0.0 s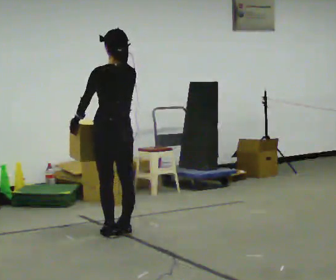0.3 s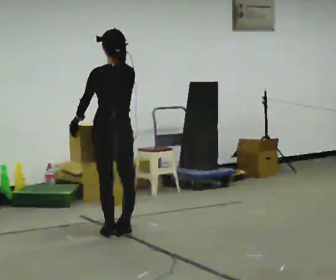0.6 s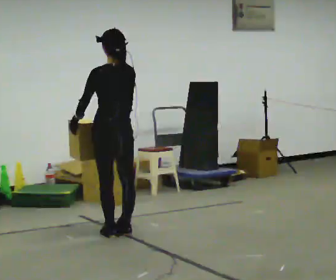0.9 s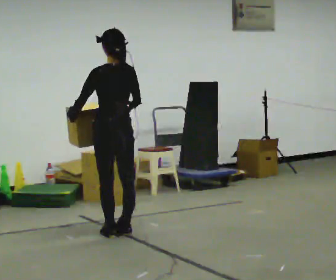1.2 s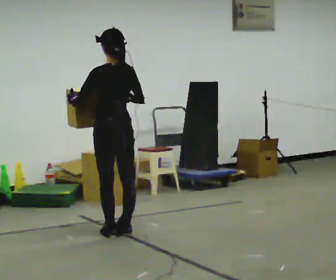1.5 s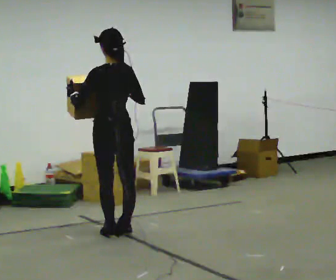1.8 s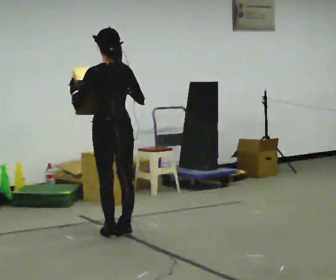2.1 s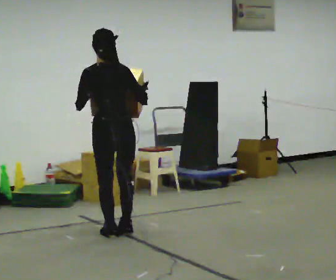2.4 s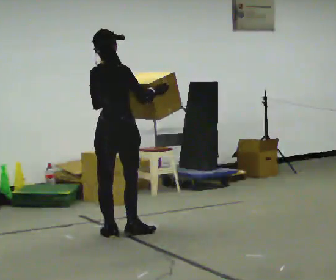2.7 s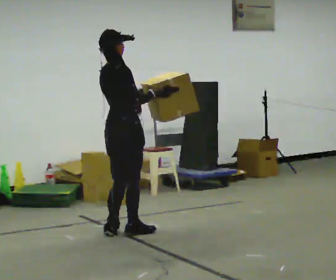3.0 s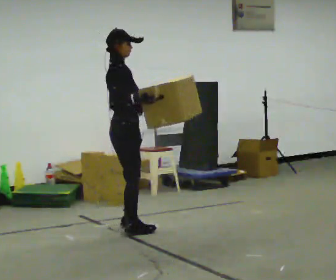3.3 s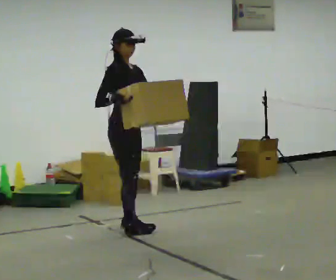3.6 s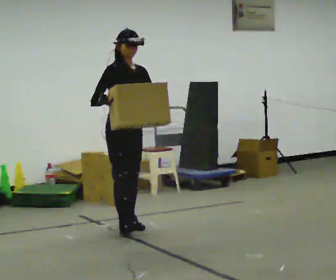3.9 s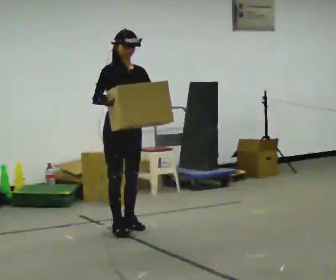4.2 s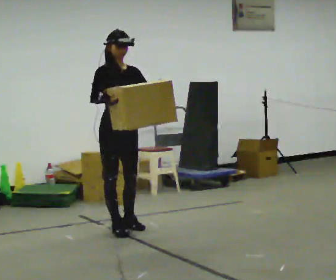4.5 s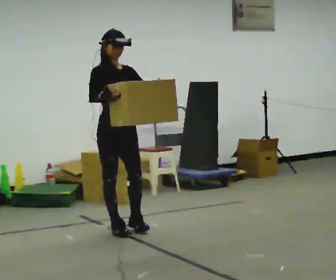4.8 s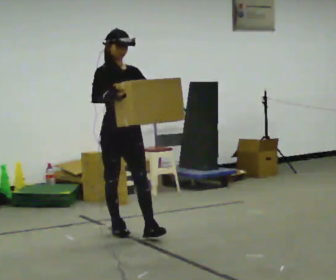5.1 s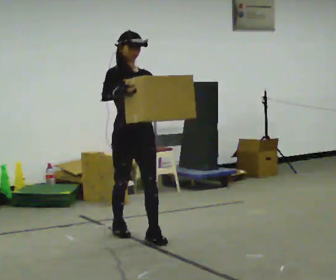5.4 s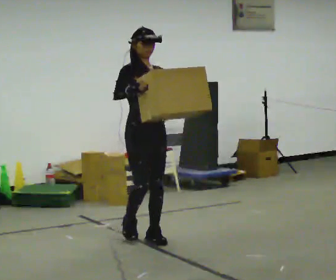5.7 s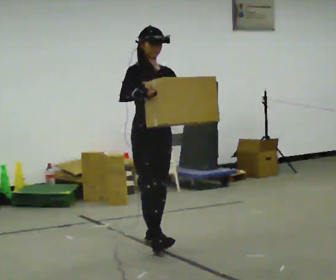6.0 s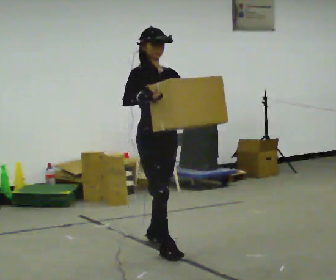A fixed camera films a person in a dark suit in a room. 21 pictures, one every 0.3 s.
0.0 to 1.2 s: The person moves a little, or ends about where they began.
1.2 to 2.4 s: The part of the body nearest the lens slides to the left as the person turns to their right by about 60 degrees.
2.4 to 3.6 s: The person turns about 105 degrees to their right, clockwise seen from above, so the part of the body nearest the lens slides to the left. In the picture they go away from the camera, about 0.25 m in 1 step.
3.6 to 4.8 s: In the picture they go toward the camera, about 0.25 m, which for them is forward.
4.8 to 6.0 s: In the picture they go toward the camera, about 0.5 m in 2 steps, which for them is forward.
The film runs forward here.
